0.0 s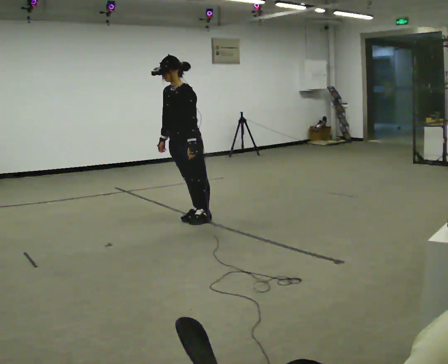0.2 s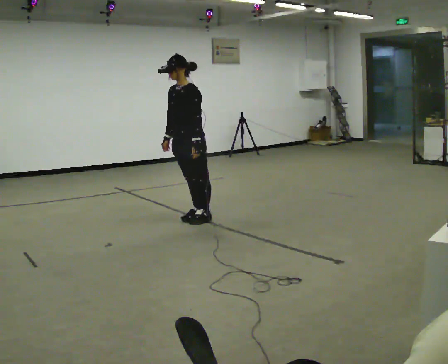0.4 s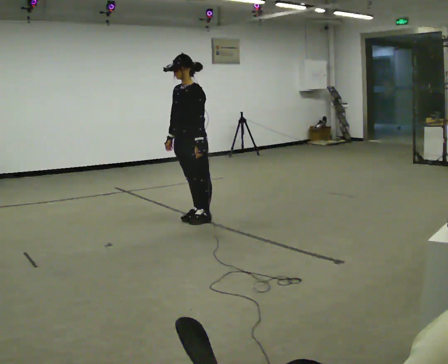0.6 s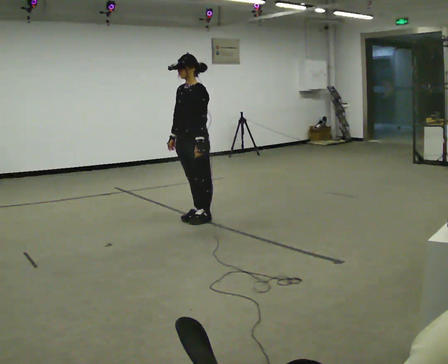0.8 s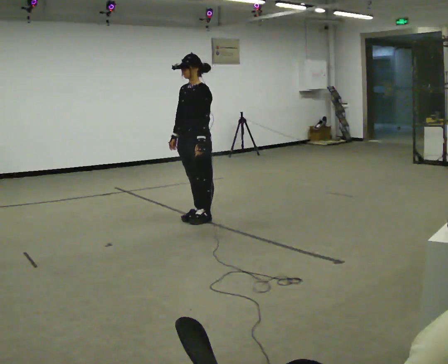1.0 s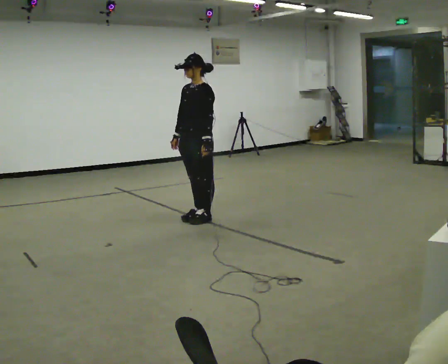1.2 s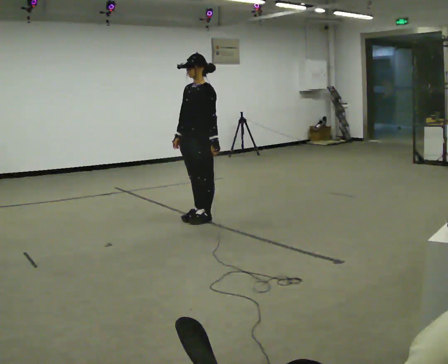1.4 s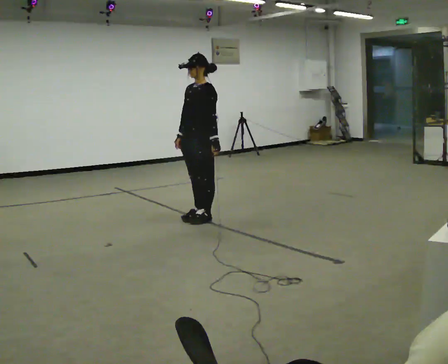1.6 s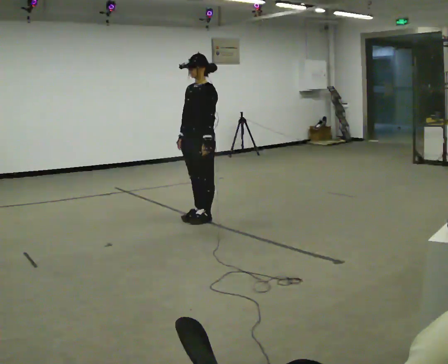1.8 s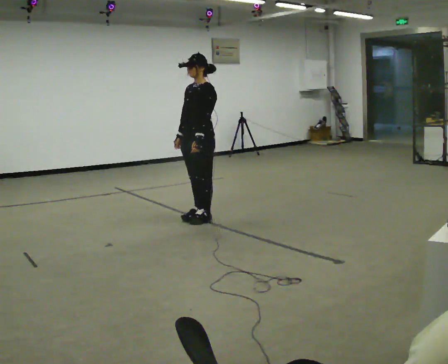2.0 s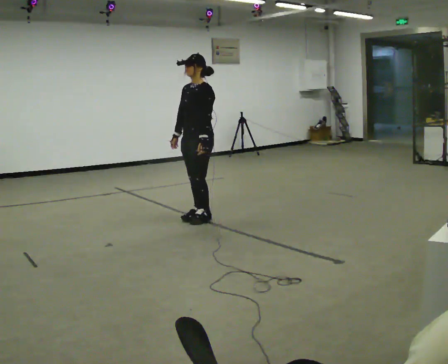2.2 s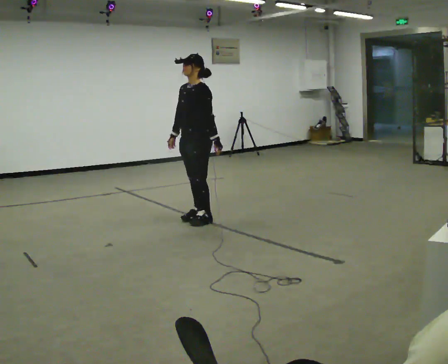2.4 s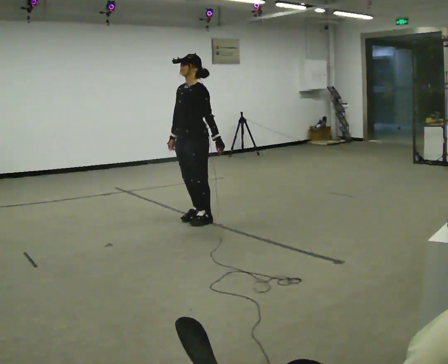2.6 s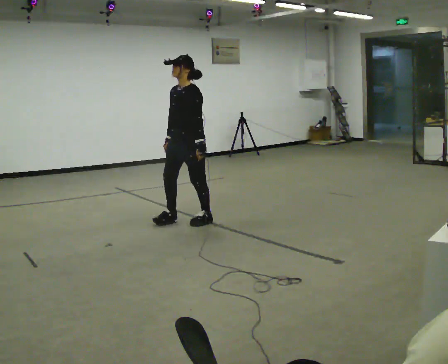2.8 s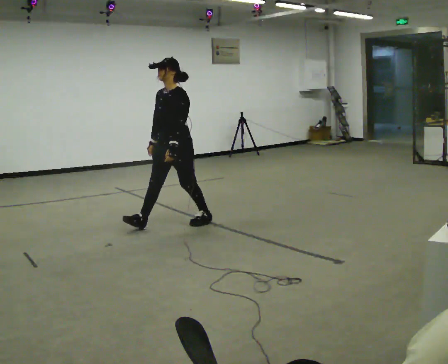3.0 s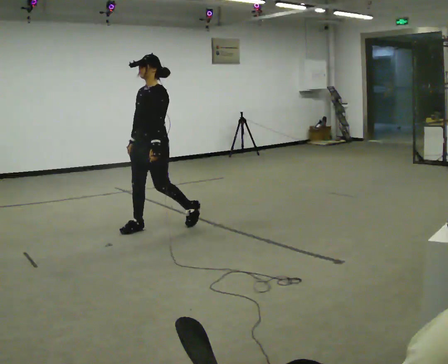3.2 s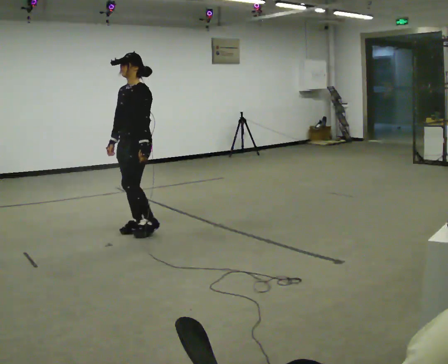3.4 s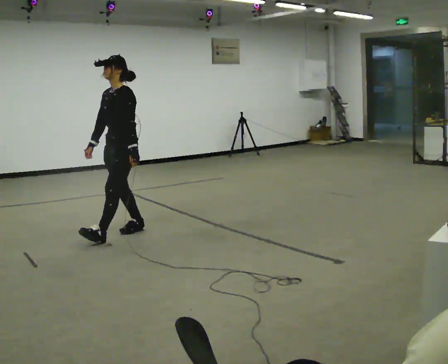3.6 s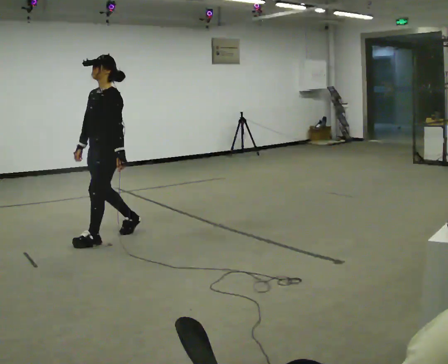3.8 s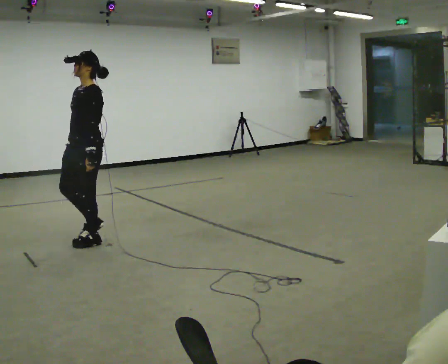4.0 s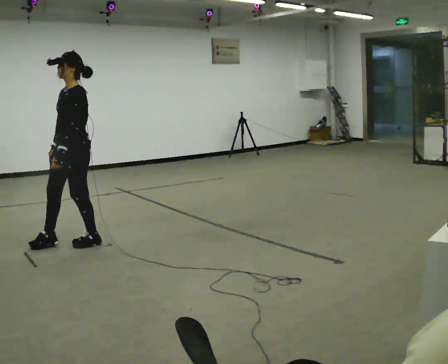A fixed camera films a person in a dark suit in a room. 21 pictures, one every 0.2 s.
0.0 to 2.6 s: The person moves a little, or ends about where they began.
2.6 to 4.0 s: In the picture they go to the left and toward the camera, about 1 m in 2 steps, which for them is forward.
The film runs backward here.
